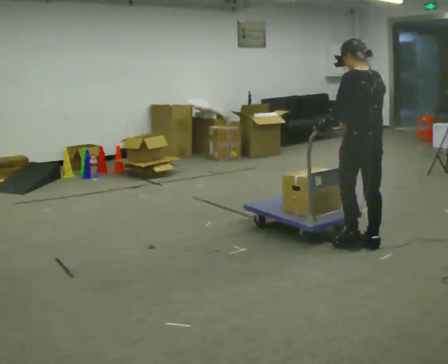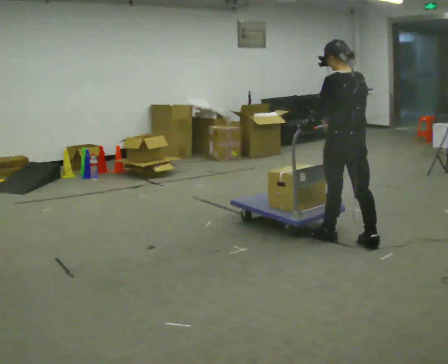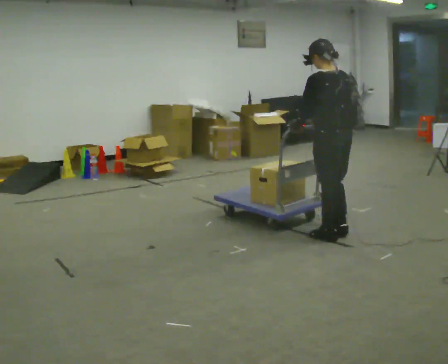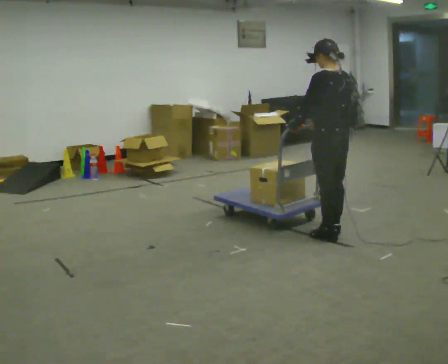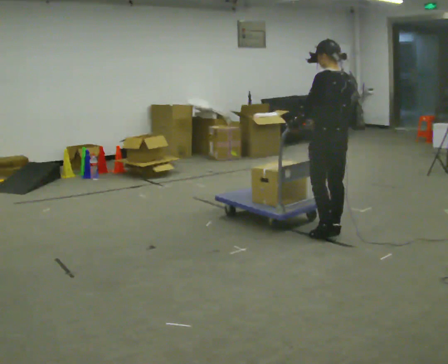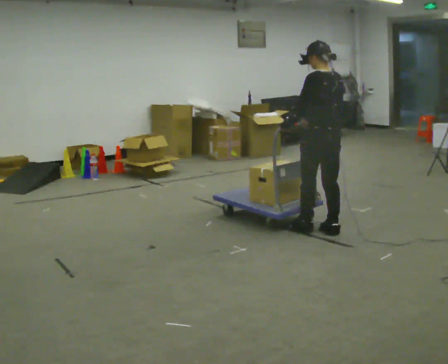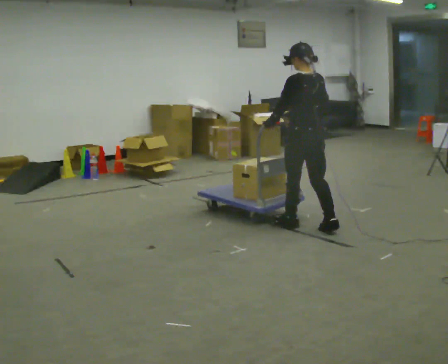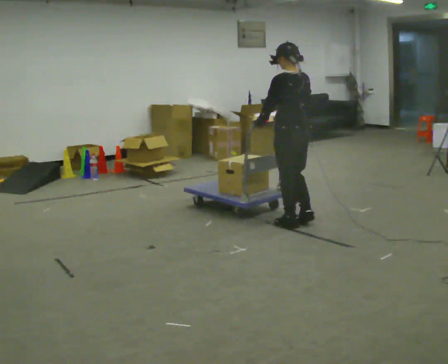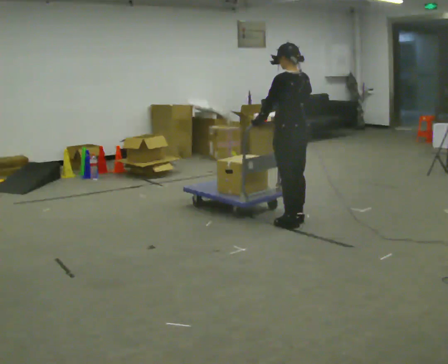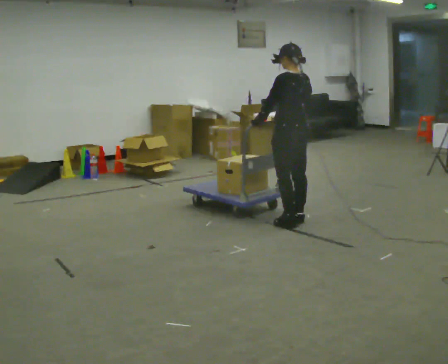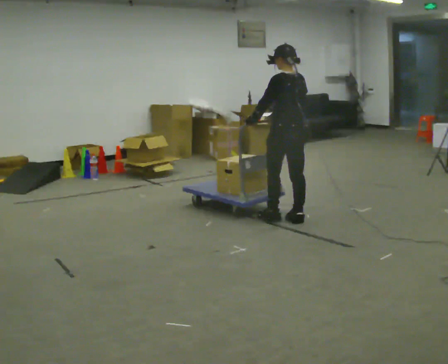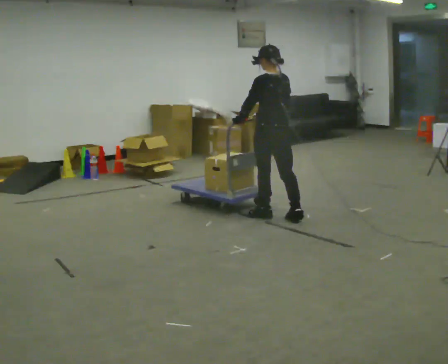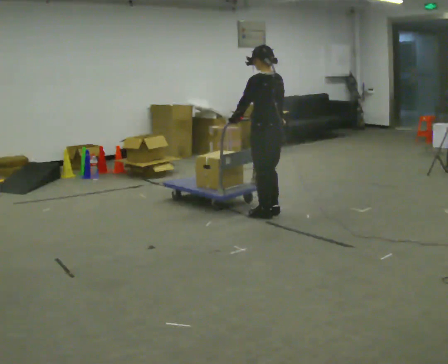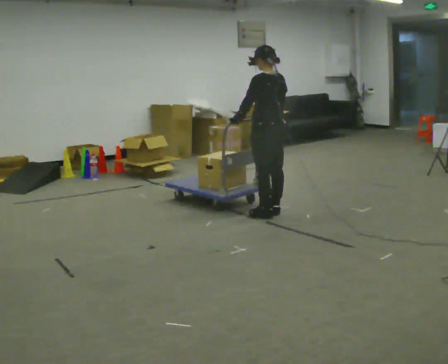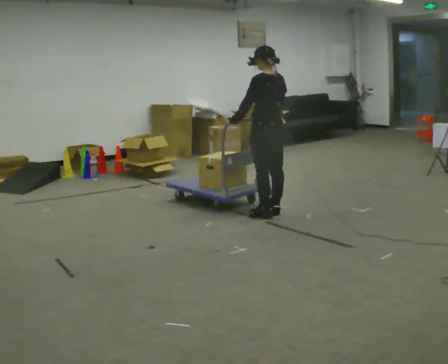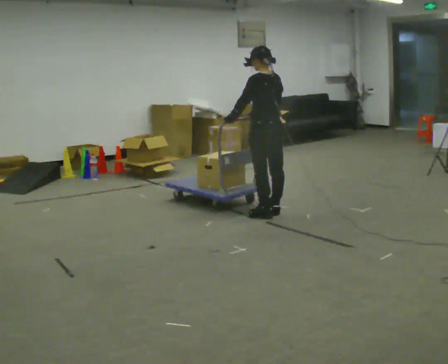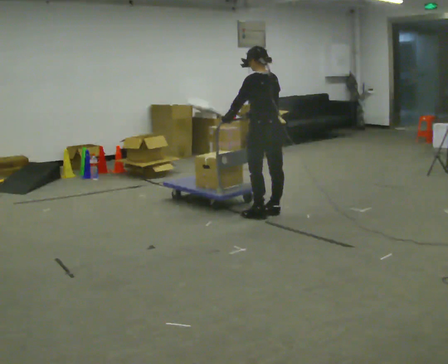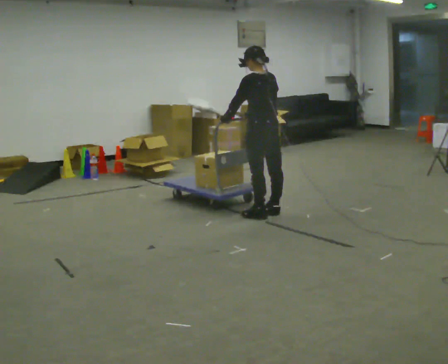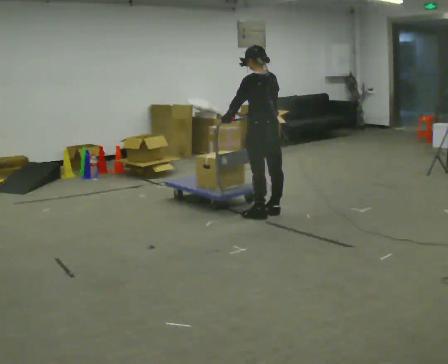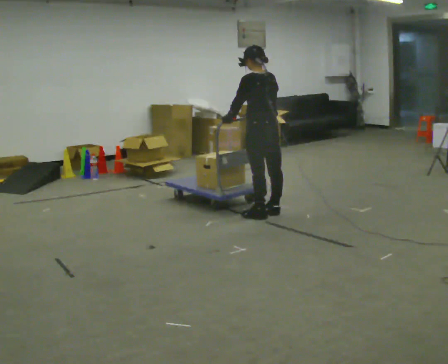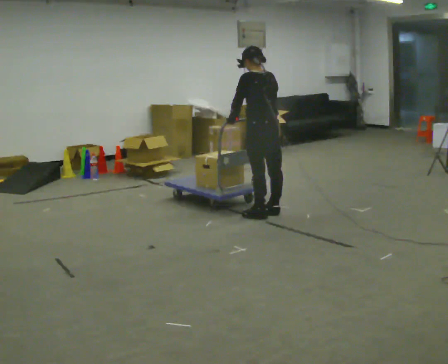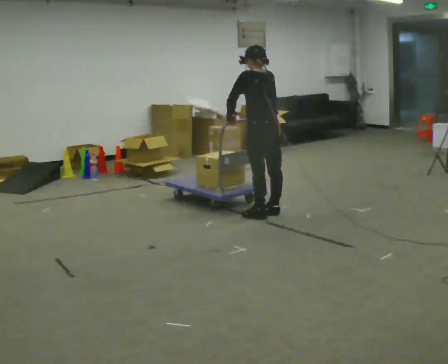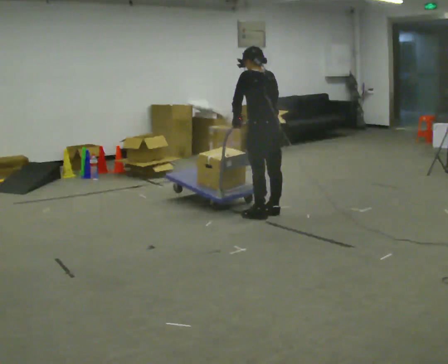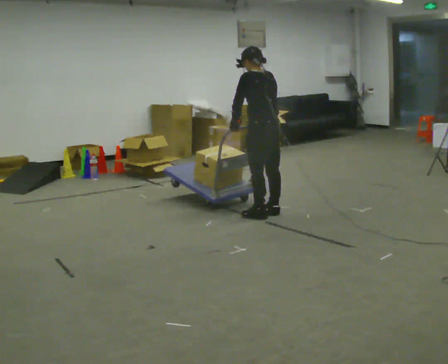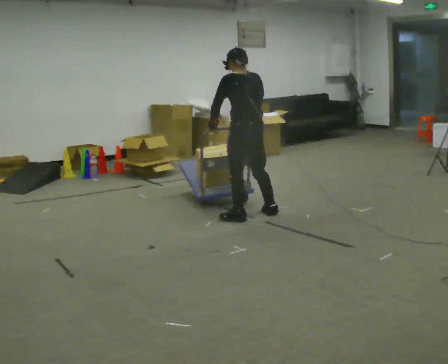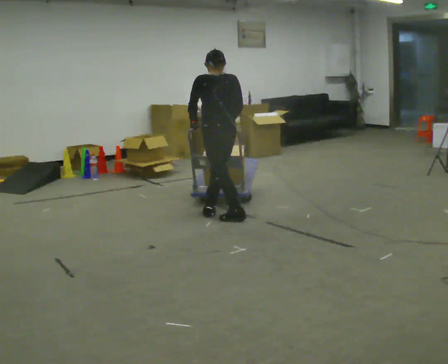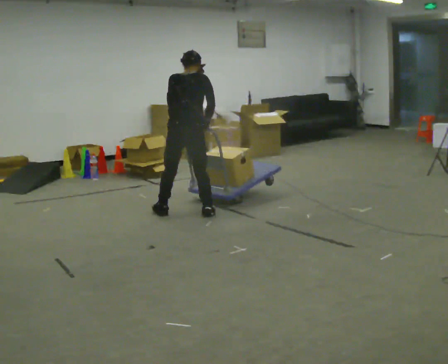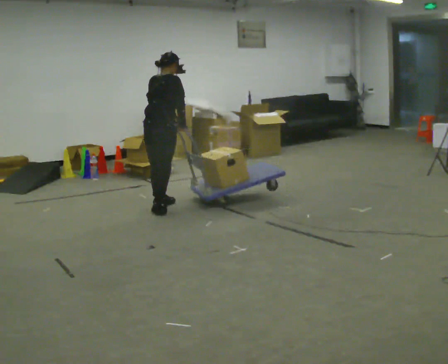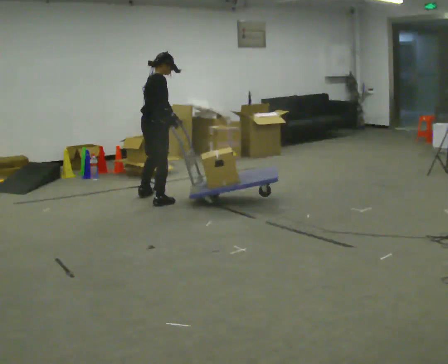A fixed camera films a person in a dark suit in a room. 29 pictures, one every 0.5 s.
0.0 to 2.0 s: In the picture they go away from the camera and to the left, about 0.25 m in 2 steps, which for them is forward.
2.0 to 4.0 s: In the picture they go away from the camera and to the left, about 0.5 m in 2 steps, which for them is forward.
4.0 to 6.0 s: In the picture they go to the left and away from the camera, about 0.25 m in 1 step, which for them is forward.
6.0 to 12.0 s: In the picture they go to the left, about 0.25 m in 2 steps, which for them is to their left and forward.
12.0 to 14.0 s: Seen from above the body turns clockwise, about 90 degrees: to their right, with its near side sliding to the left. In the picture they go to the left and away from the camera, about 1 m in 3 steps.
The film runs forward here.
